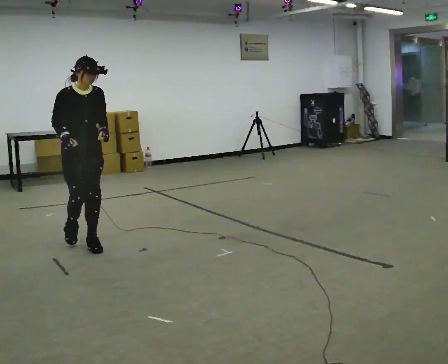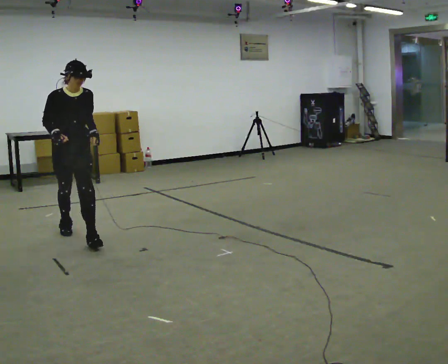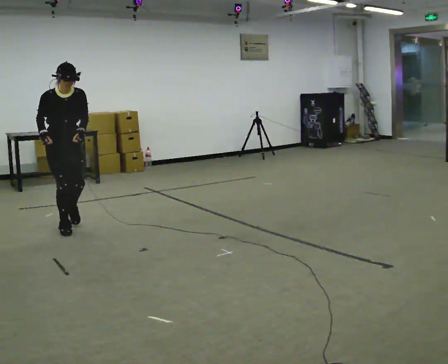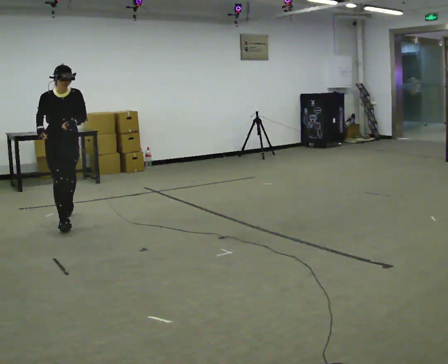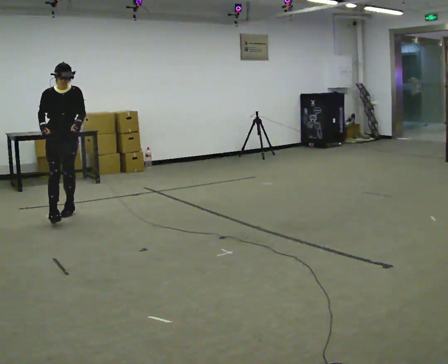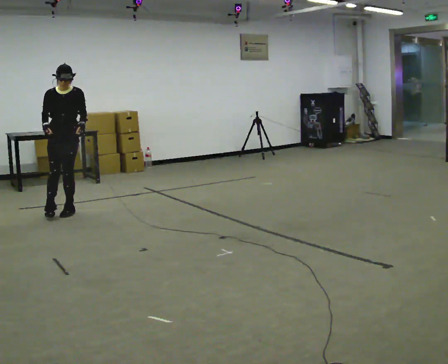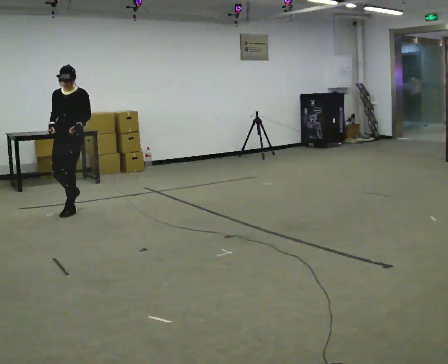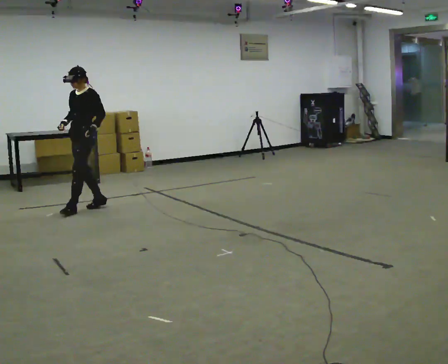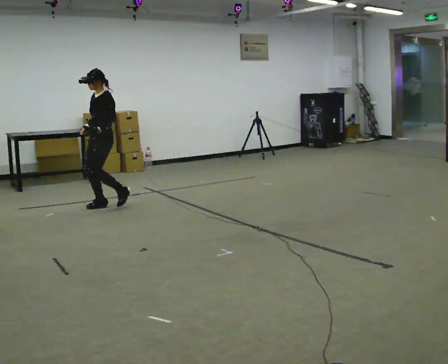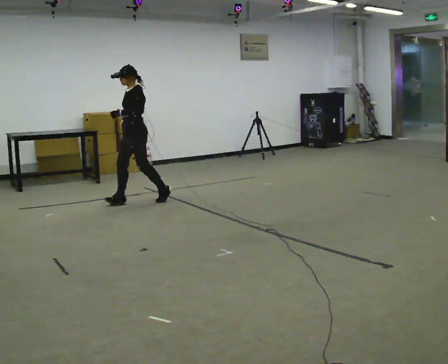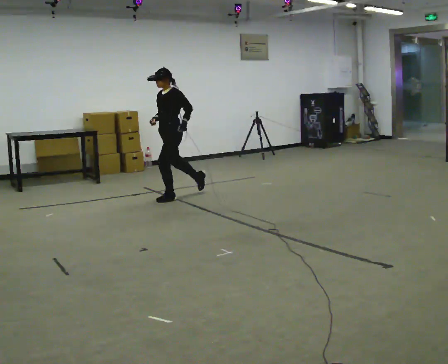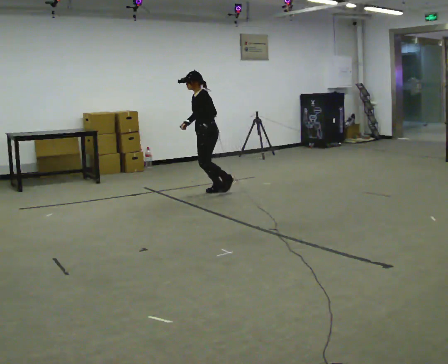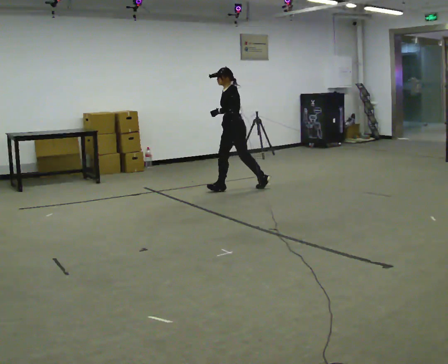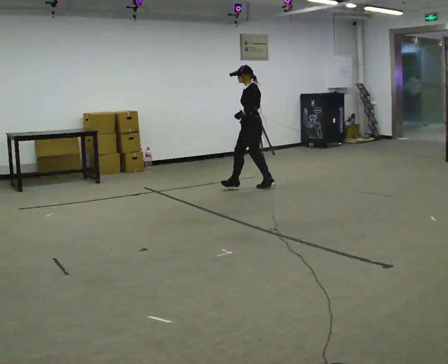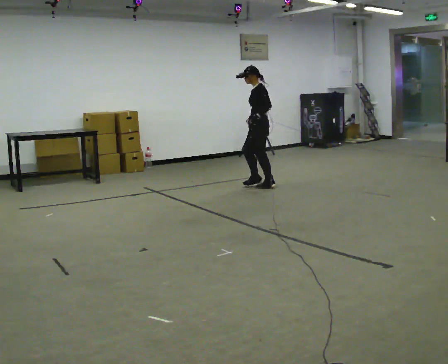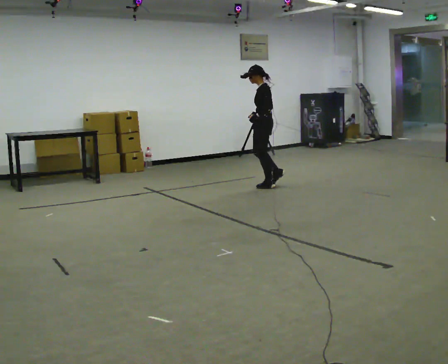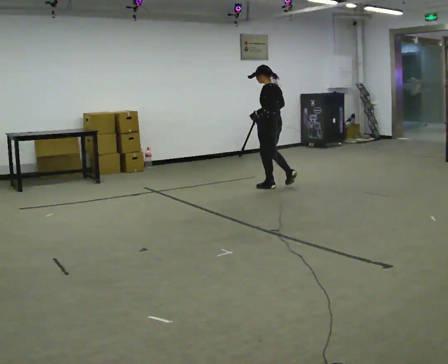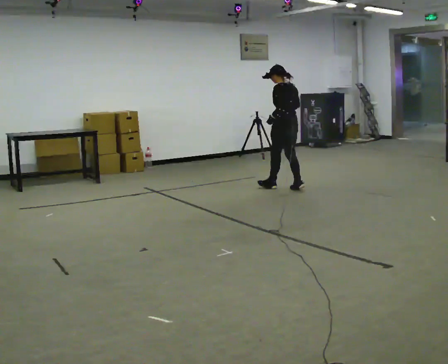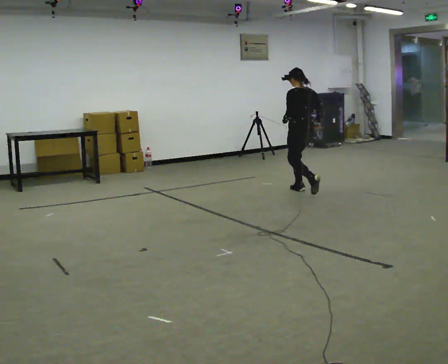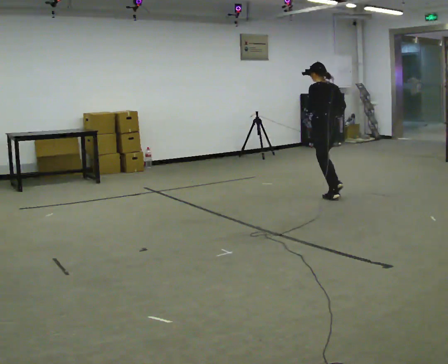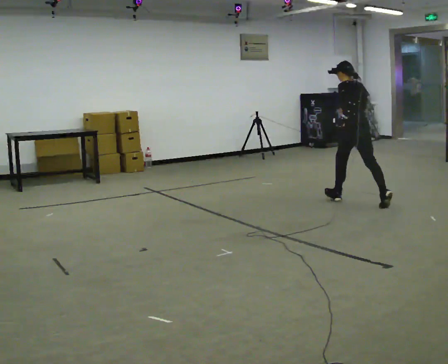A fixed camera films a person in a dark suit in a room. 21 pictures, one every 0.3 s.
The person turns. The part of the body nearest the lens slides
to the left.
The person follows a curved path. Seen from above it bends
clockwise.
0.0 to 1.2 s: In the picture they go away from the camera, about 1 m in 2 steps, which for them is backward.
1.2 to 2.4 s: The part of the body nearest the lens slides to the left as the person turns to their right by about 75 degrees. In the picture they go away from the camera and to the right, about 0.5 m in 1 step.
2.4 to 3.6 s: In the picture they go to the right and away from the camera, about 1.5 m in 2 steps, which for them is backward.
3.6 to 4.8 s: Seen from above the body turns clockwise, about 60 degrees: to their right, with its near side sliding to the left. In the picture they go to the right, about 0.5 m in 1 step, which for them is backward.
4.8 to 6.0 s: The person turns about 30 degrees to their right, clockwise seen from above, so the part of the body nearest the lens slides to the left. In the picture they go toward the camera and to the right, about 1 m in 3 steps, which for them is backward.
The film runs backward here.
